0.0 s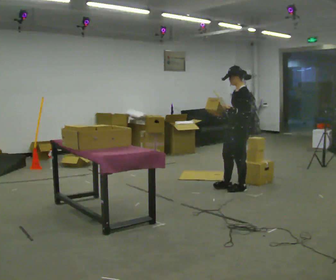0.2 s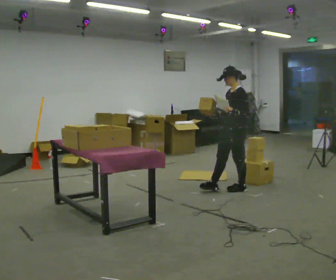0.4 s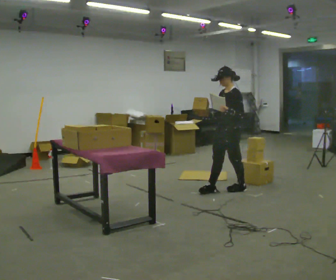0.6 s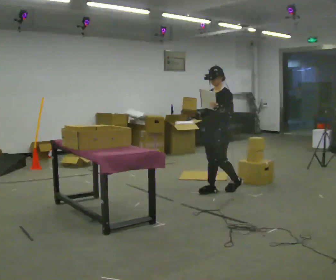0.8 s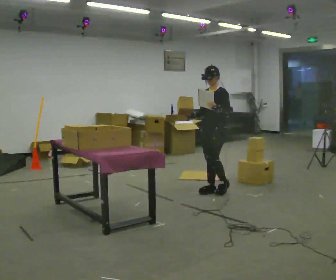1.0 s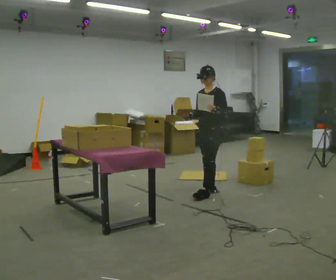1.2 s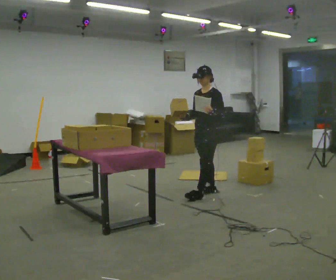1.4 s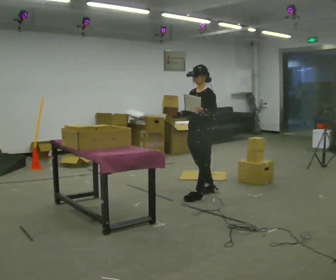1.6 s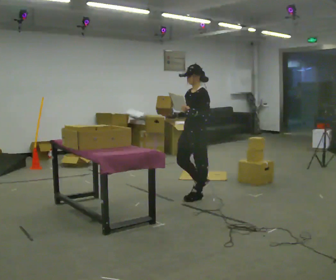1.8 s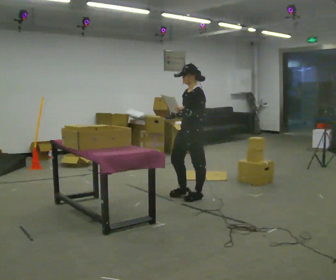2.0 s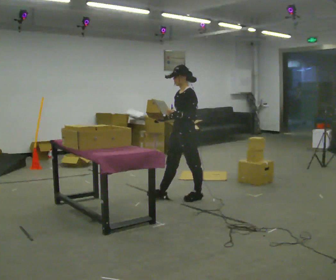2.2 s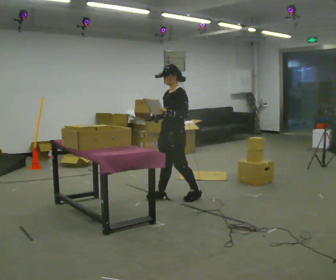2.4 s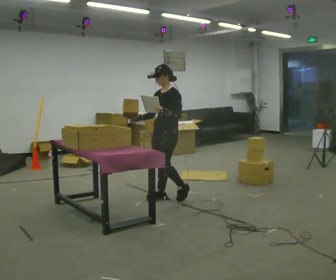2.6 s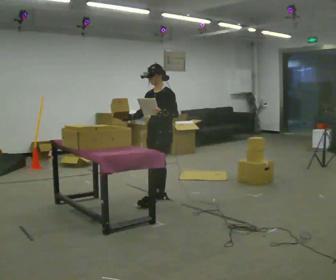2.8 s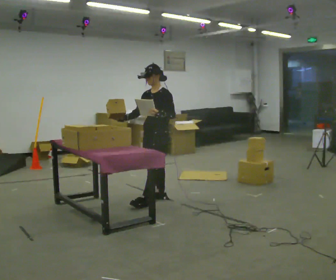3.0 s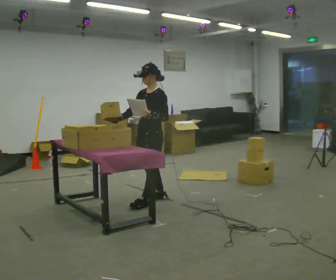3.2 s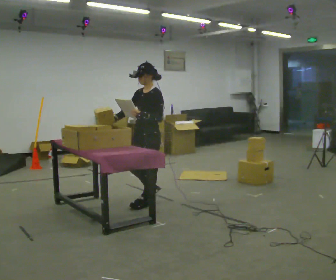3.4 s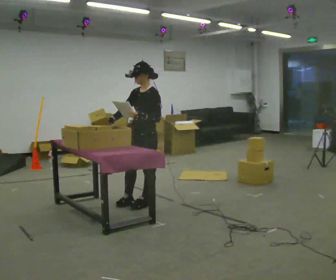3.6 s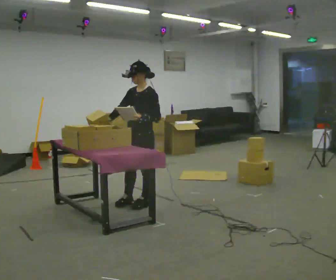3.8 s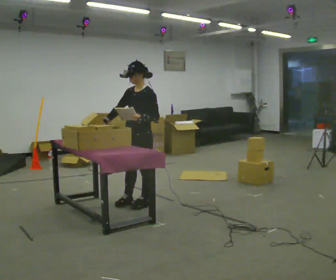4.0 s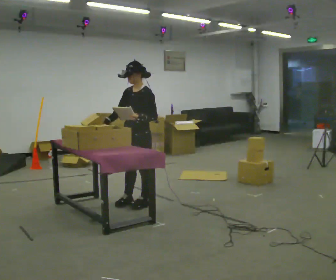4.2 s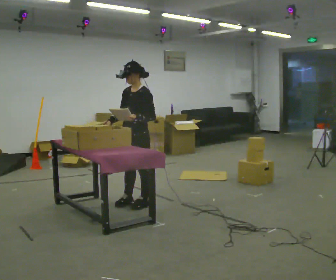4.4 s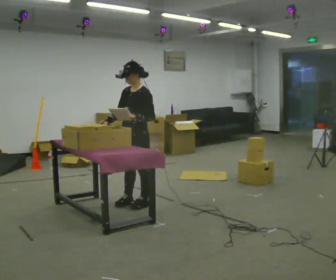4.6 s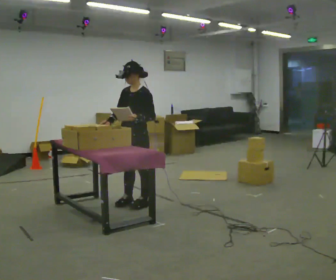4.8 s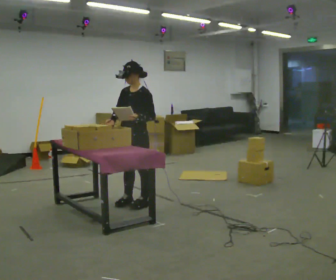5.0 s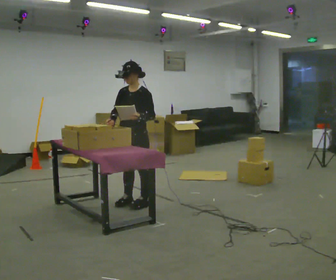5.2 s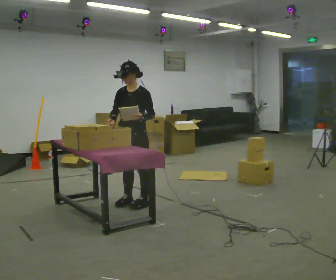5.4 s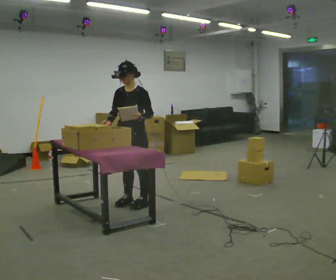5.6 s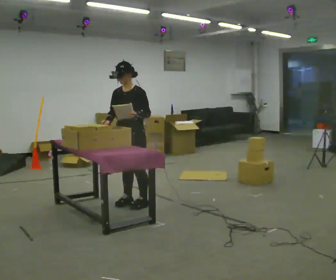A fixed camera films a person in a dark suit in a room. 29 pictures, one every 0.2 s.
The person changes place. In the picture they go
to the left.
0.0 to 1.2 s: Seen from above the body turns counterclockwise, about 30 degrees: to their left, with its near side sliding to the right. In the picture they go to the left, about 0.5 m in 2 steps, which for them is forward and to their right.
1.2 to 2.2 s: In the picture they go to the left, about 0.5 m in 1 step, which for them is forward.
2.2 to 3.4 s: In the picture they go to the left and toward the camera, about 0.5 m in 2 steps, which for them is forward.
3.4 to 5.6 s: The person moves a little, or ends about where they began.
The film runs forward here.
